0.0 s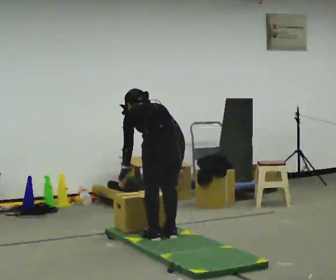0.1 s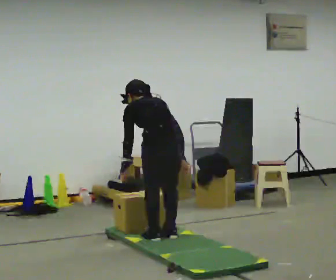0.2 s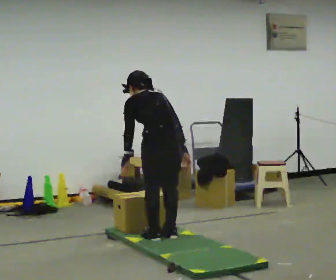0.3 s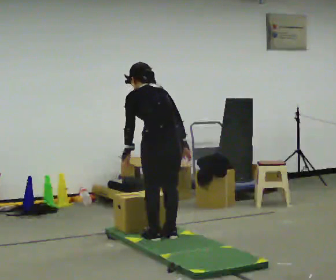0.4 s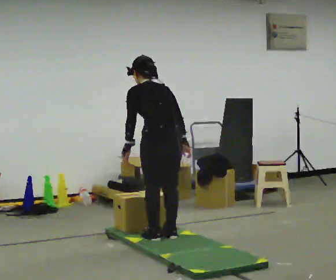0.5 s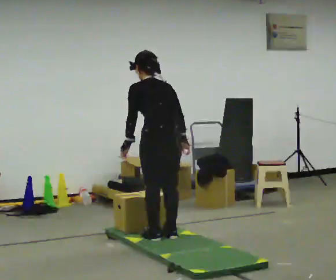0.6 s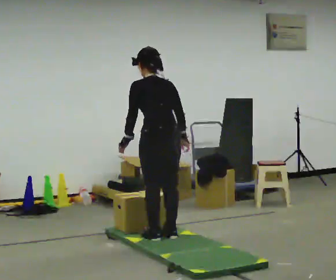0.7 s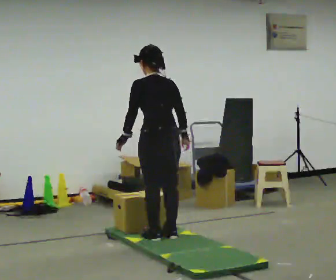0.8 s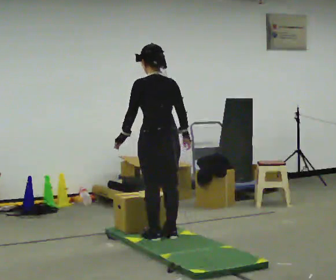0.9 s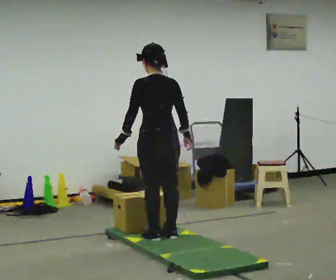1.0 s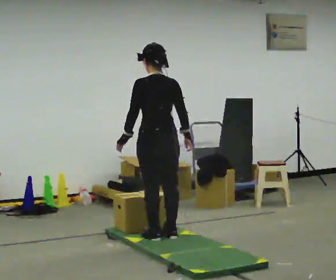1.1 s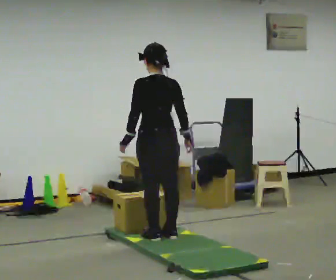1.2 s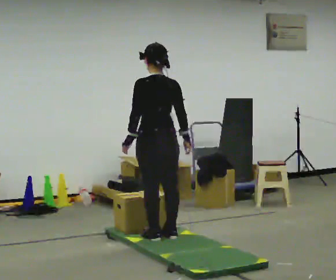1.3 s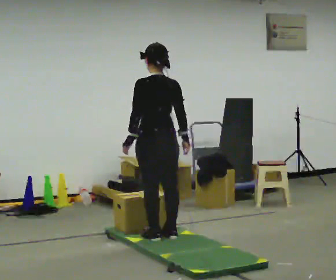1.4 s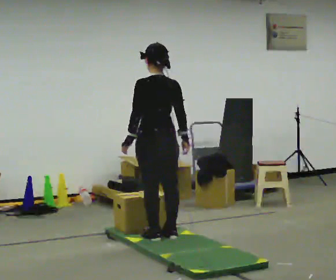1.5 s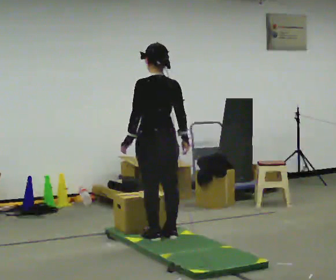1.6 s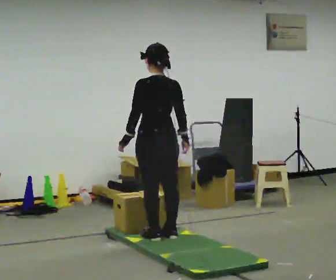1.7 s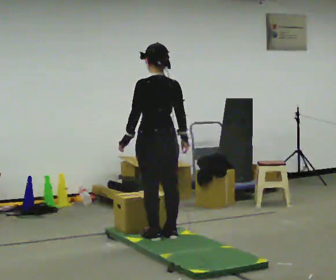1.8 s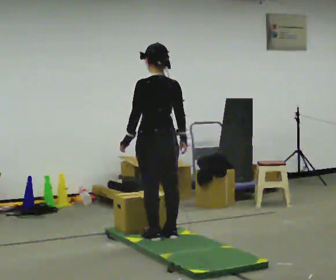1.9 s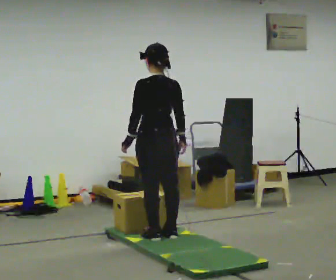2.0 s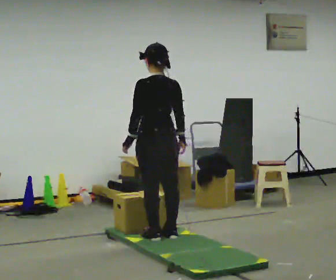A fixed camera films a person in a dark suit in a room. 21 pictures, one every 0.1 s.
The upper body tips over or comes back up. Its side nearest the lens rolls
downward.
0.0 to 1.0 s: The shoulders move upward. The upper body tips toward the camera, its near side rolling downward, as they lean back or straighten.
1.0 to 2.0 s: The person moves a little, or ends about where they began.
The film runs forward here.
